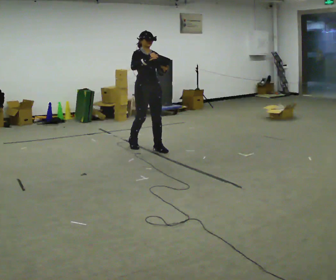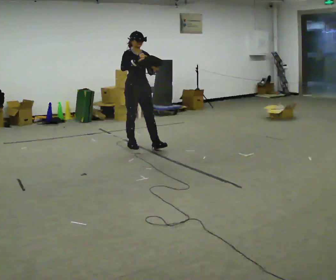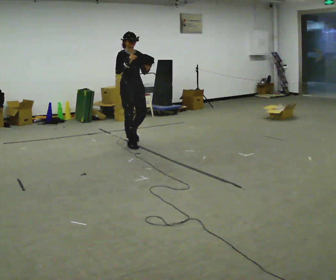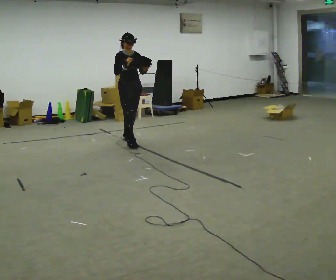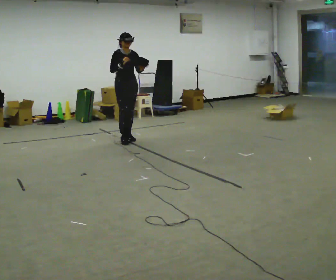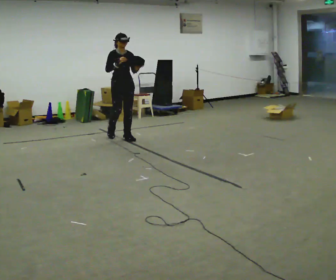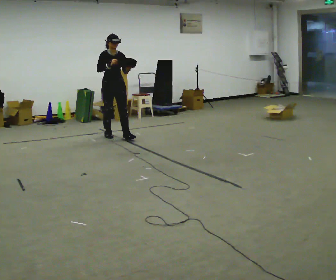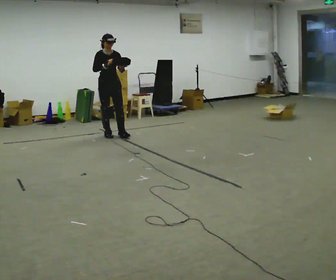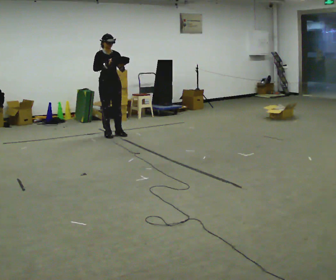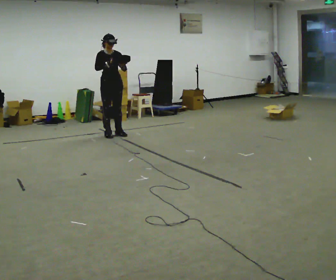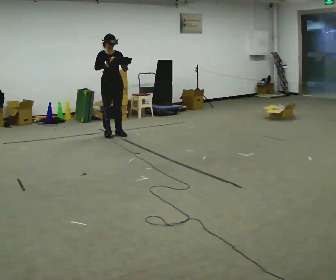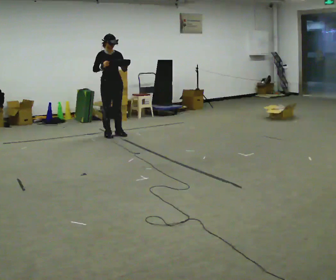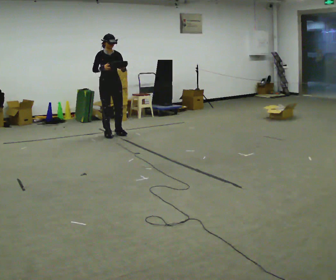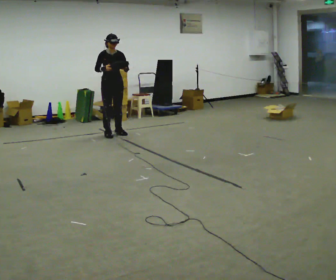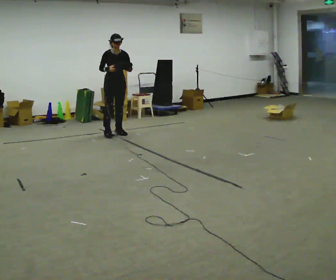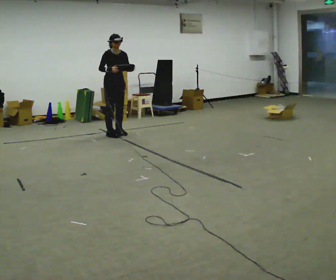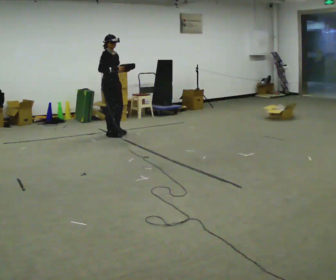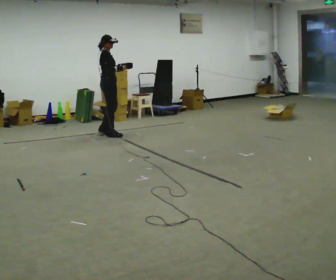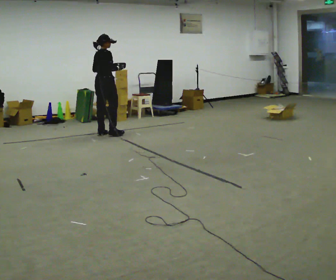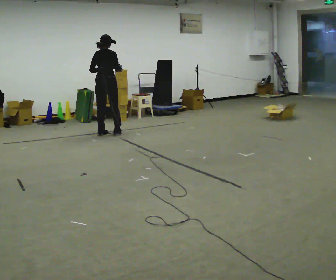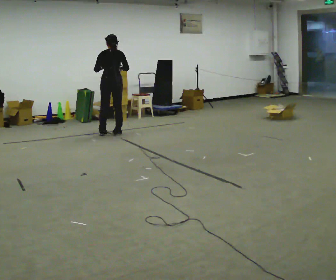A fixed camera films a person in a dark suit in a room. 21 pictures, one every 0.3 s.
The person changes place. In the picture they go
away from the camera.
The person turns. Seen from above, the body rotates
counterclockwise.
0.0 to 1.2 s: In the picture they go away from the camera and to the left, about 0.75 m in 2 steps, which for them is backward.
1.2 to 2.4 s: In the picture they go away from the camera and to the left, about 0.5 m in 1 step, which for them is backward and to their right.
2.4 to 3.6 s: The person moves a little, or ends about where they began.
3.6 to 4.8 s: The person turns about 30 degrees to their left, counterclockwise seen from above, so the part of the body nearest the lens slides to the right.
4.8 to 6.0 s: The person turns about 120 degrees to their left, counterclockwise seen from above, so the part of the body nearest the lens slides to the right.
The film runs backward here.
